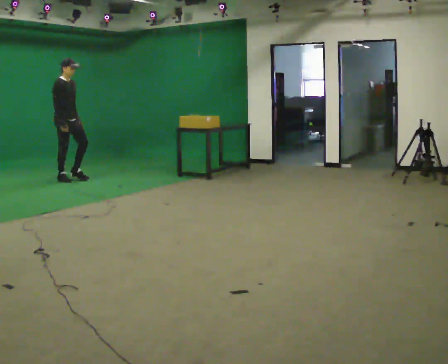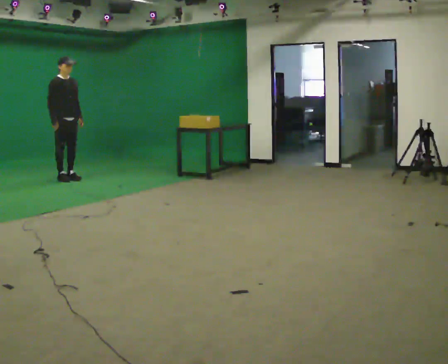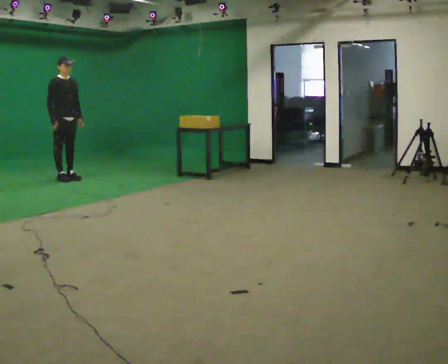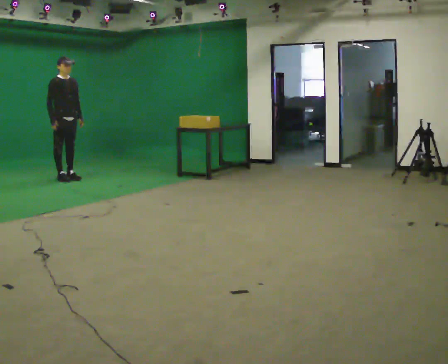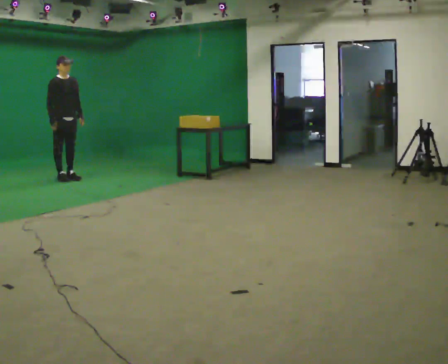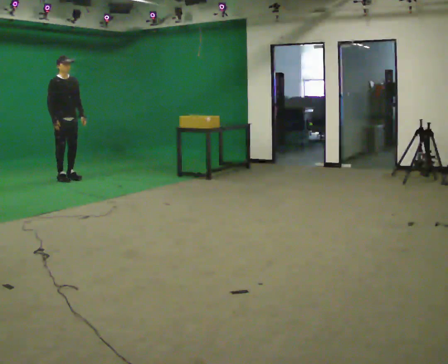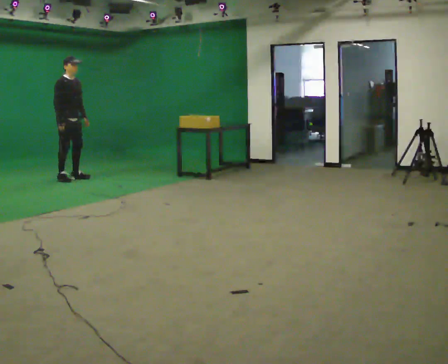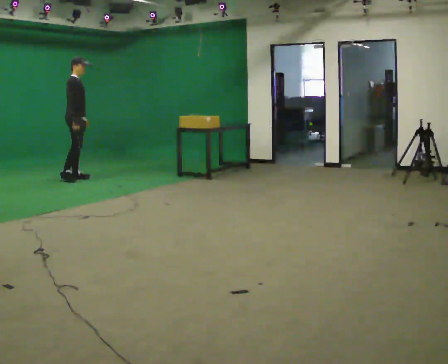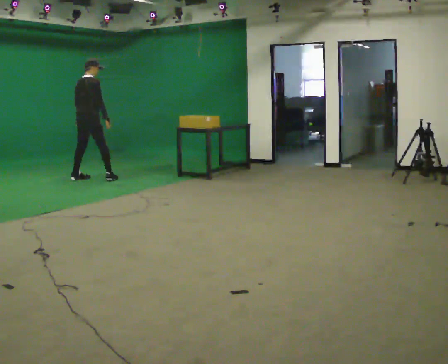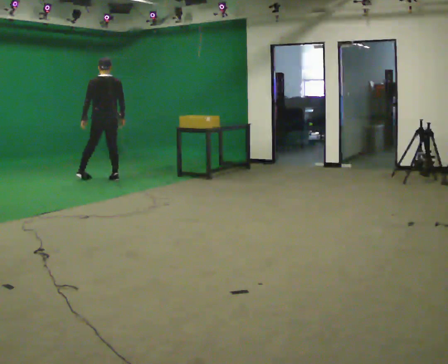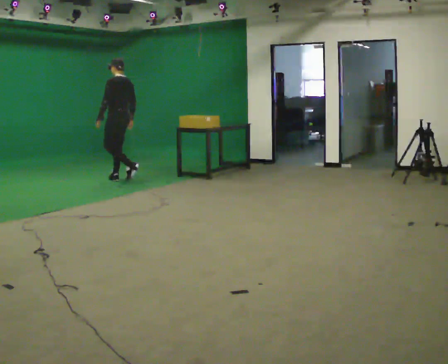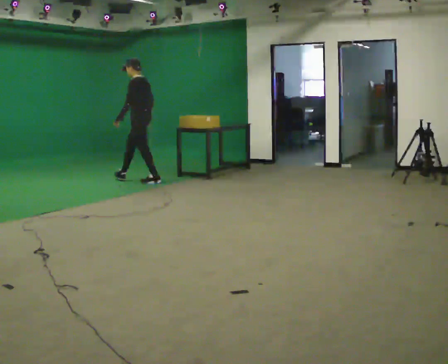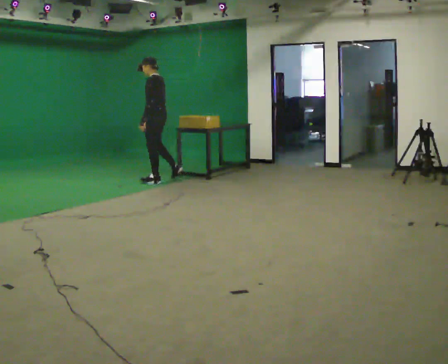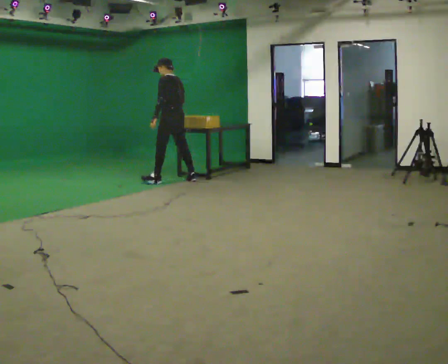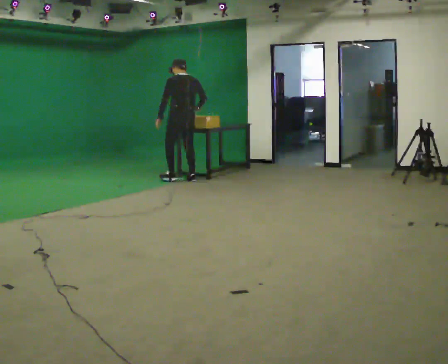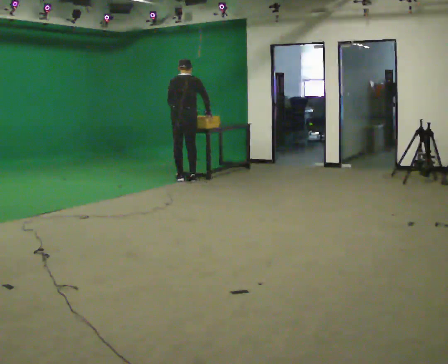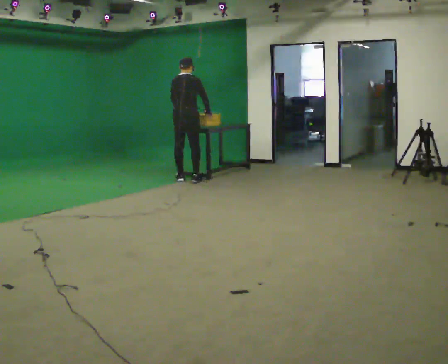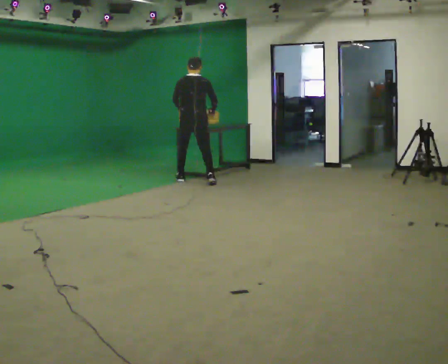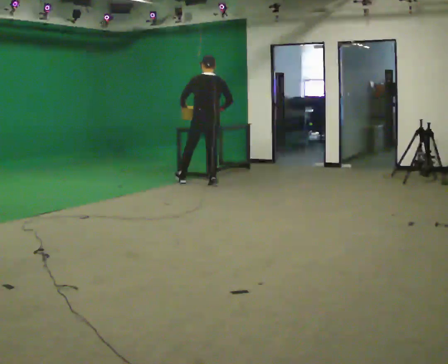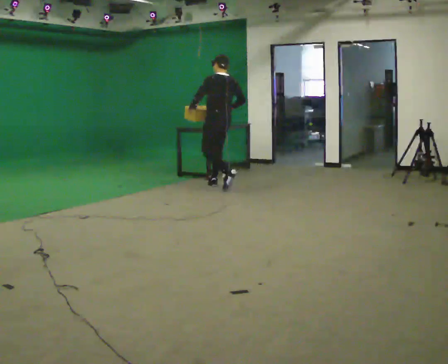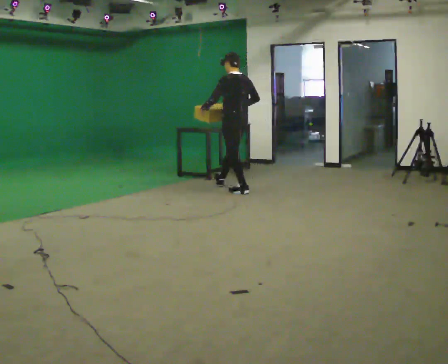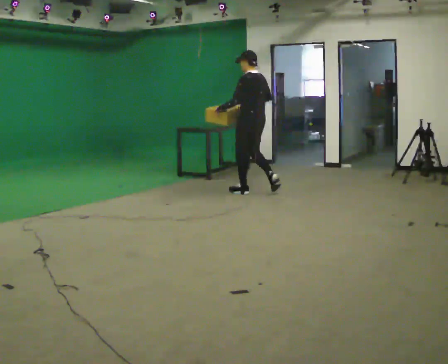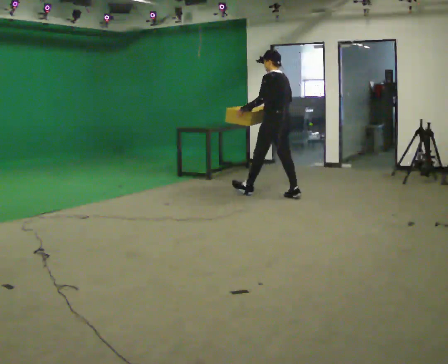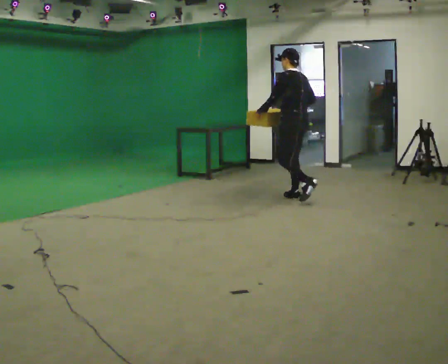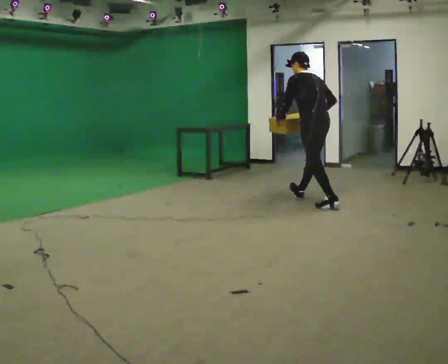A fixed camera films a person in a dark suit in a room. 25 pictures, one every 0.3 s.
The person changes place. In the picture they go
to the right.
0.0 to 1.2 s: The person moves a little, or ends about where they began.
1.2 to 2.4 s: The part of the body nearest the lens slides to the right as the person turns to their left by about 90 degrees. In the picture they go to the right, about 0.25 m in 1 step.
2.4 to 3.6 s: The person turns about 120 degrees to their left, counterclockwise seen from above, so the part of the body nearest the lens slides to the right. In the picture they go to the right, about 1 m in 2 steps.
3.6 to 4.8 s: The part of the body nearest the lens slides to the left as the person turns to their right by about 105 degrees. In the picture they go to the right, about 0.5 m in 2 steps. The upper body tips away from the camera, its near side rolling upward.
4.8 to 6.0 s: The person turns about 60 degrees to their left, counterclockwise seen from above, so the part of the body nearest the lens slides to the right. In the picture they go to the right and toward the camera, about 1 m in 2 steps.
6.0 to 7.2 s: In the picture they go toward the camera and to the right, about 1 m in 2 steps, which for them is backward. The upper body tips away from the camera, its near side rolling upward, as they bend forward.
The film runs backward here.
